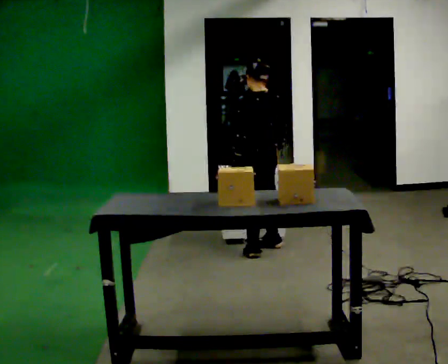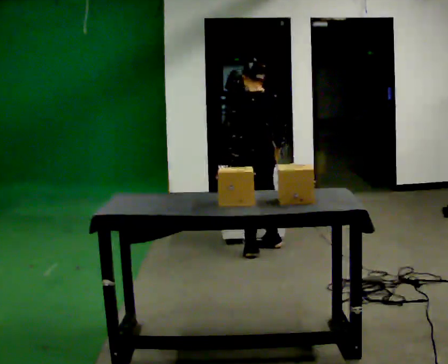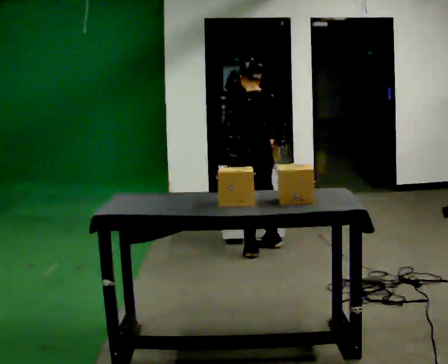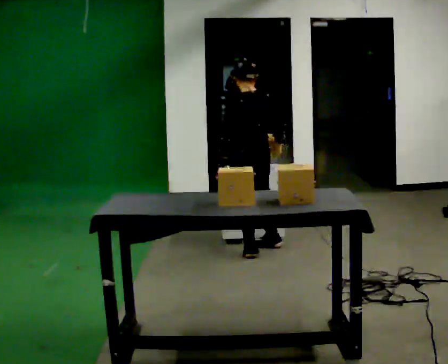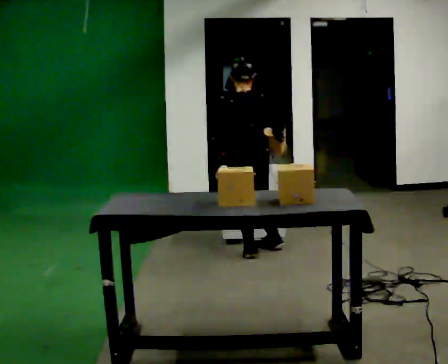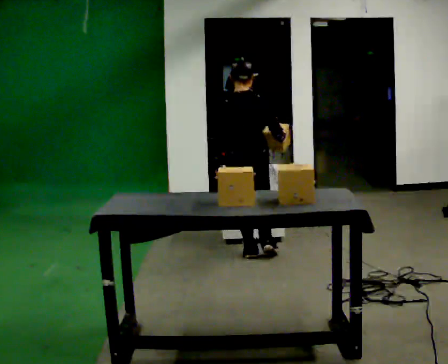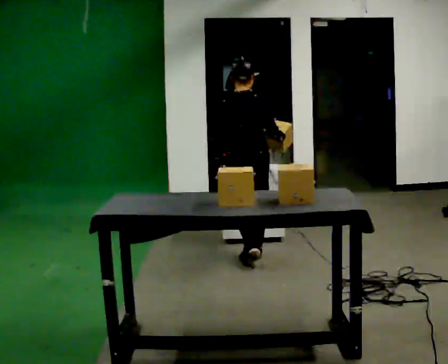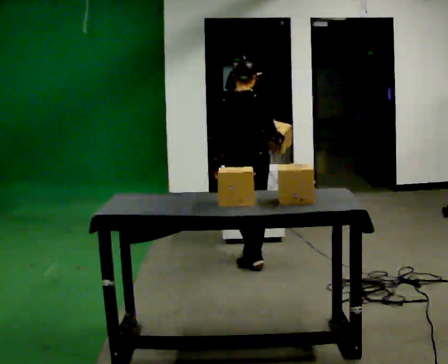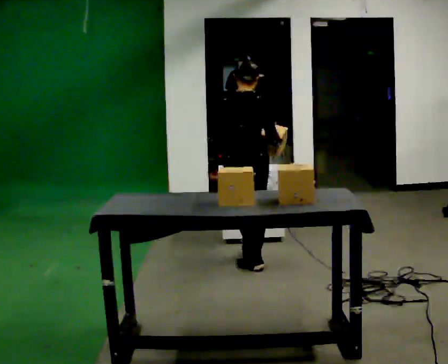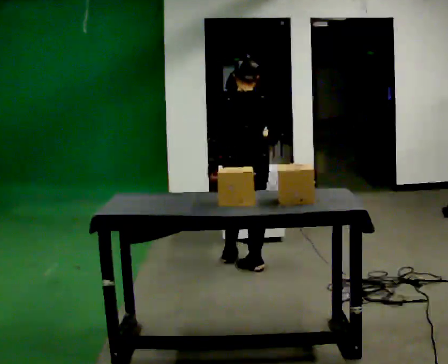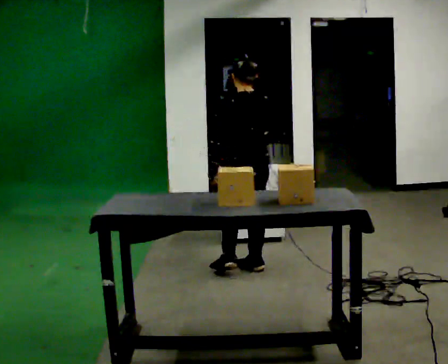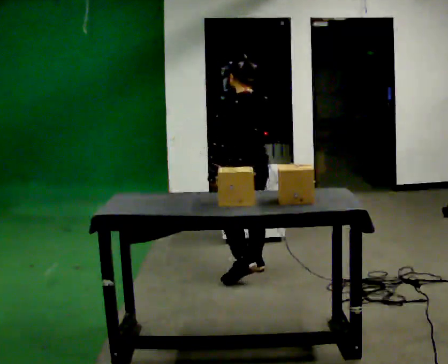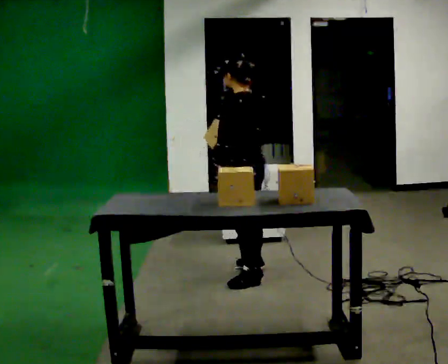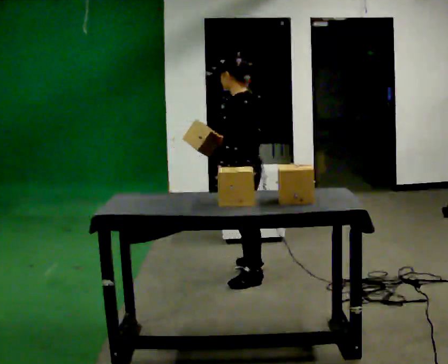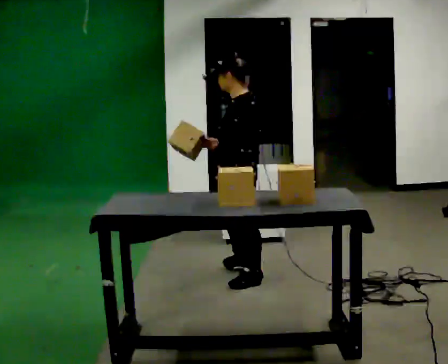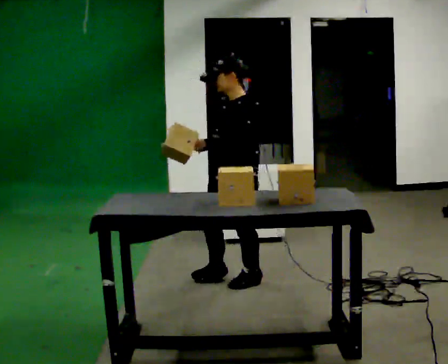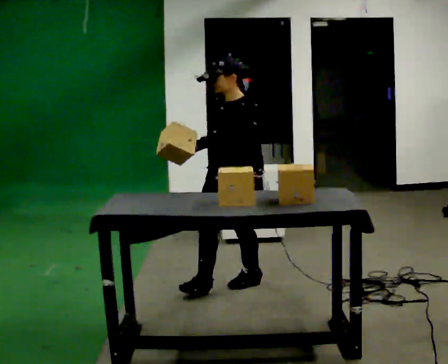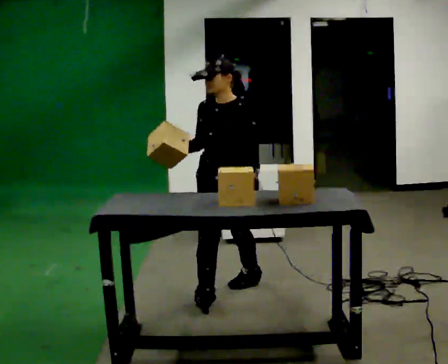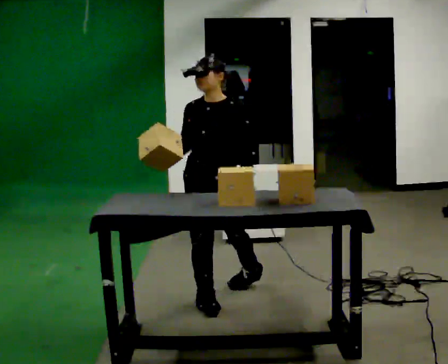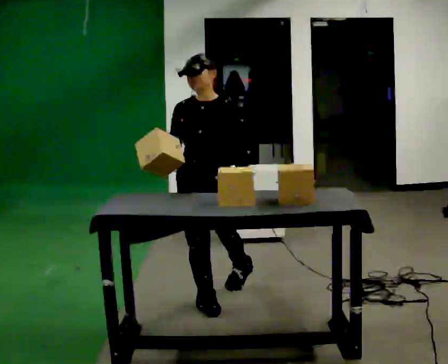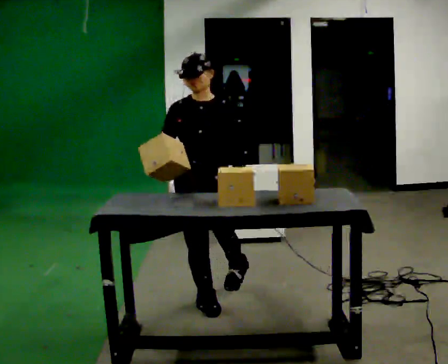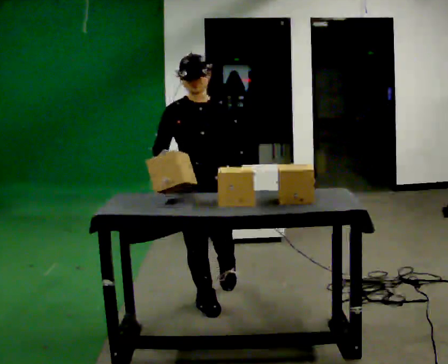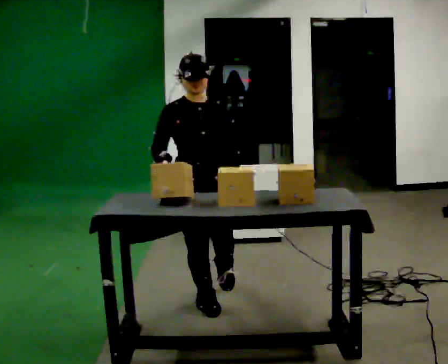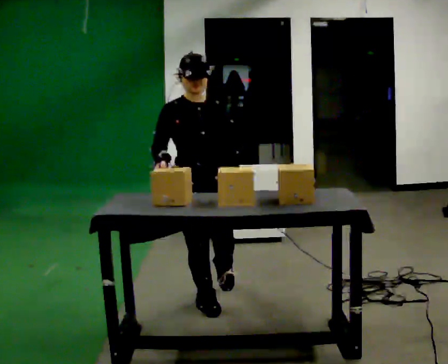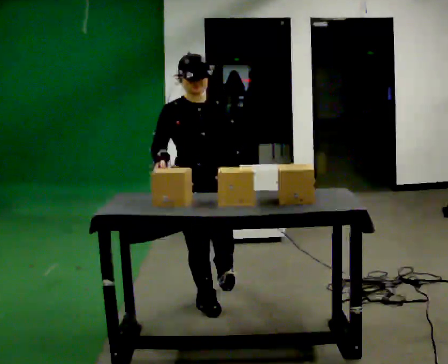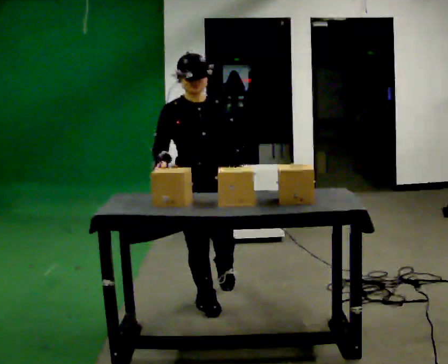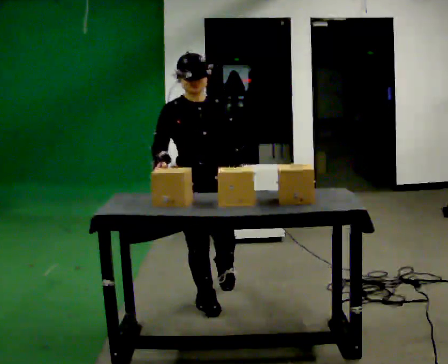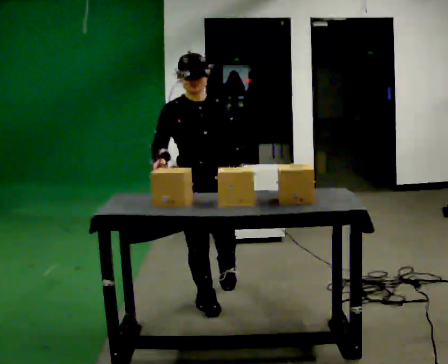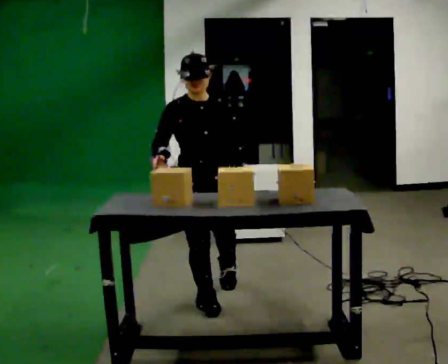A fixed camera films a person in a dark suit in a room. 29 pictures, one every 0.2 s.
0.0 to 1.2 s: The person turns about 60 degrees to their right, clockwise seen from above, so the part of the body nearest the lens slides to the left. In the picture they go toward the camera, about 0.25 m in 1 step, which for them is to their left and backward.
1.2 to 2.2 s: Seen from above the body turns counterclockwise, about 45 degrees: to their left, with its near side sliding to the right. In the picture they go toward the camera, about 0.25 m in 1 step, which for them is backward.
2.2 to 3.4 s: The part of the body nearest the lens slides to the right as the person turns to their left by about 120 degrees. In the picture they go toward the camera, about 0.5 m in 1 step.
3.4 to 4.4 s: Seen from above the body turns counterclockwise, about 45 degrees: to their left, with its near side sliding to the right. In the picture they go toward the camera, about 0.25 m in 1 step, which for them is forward and to their right.
4.4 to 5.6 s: The person moves a little, or ends about where they began.
The film runs backward here.
